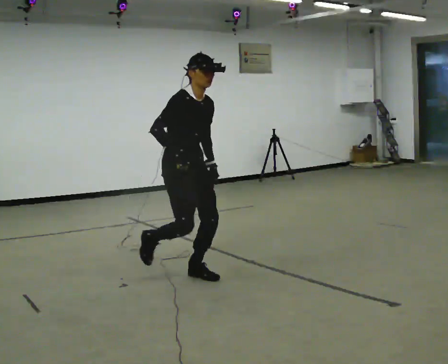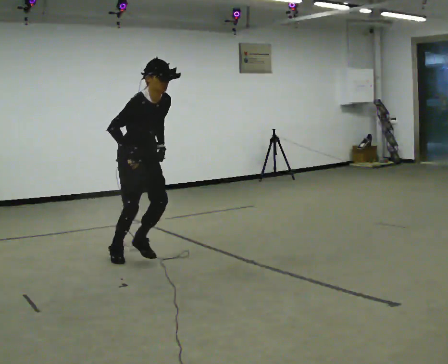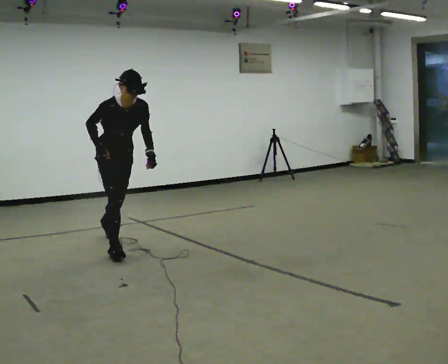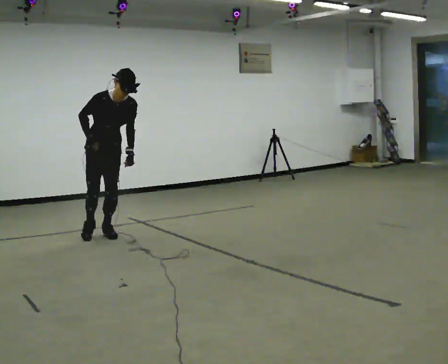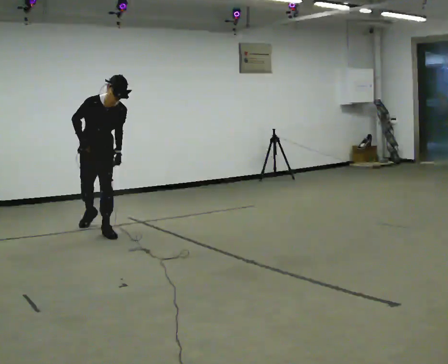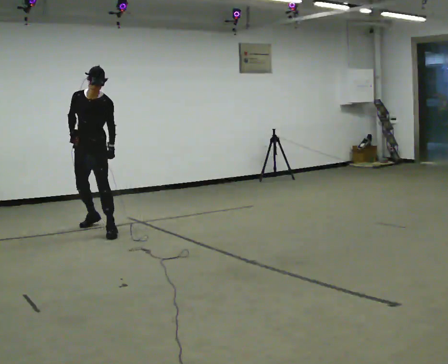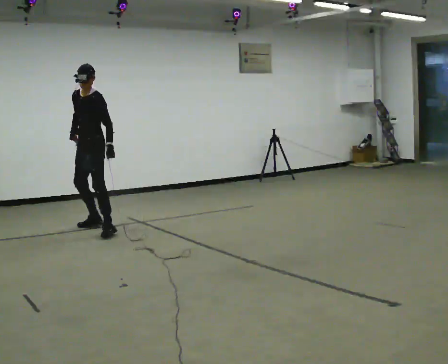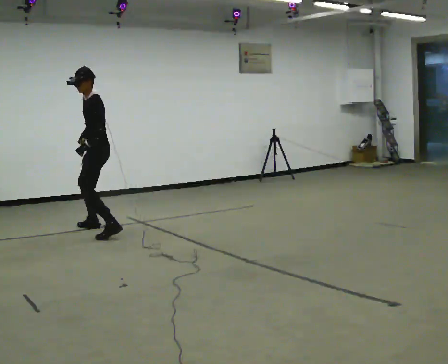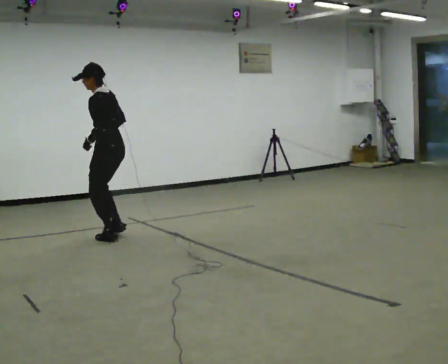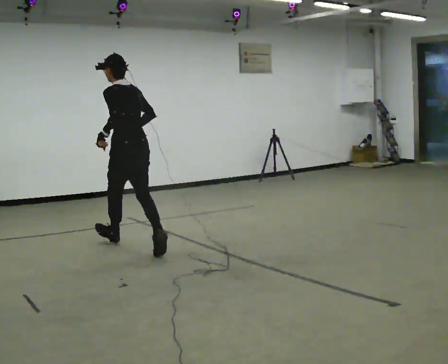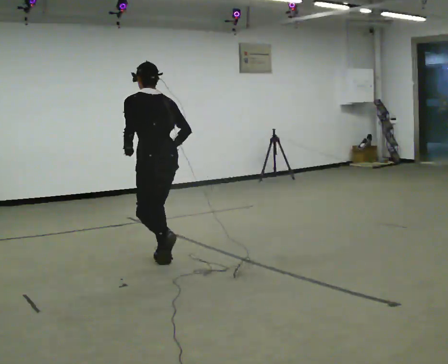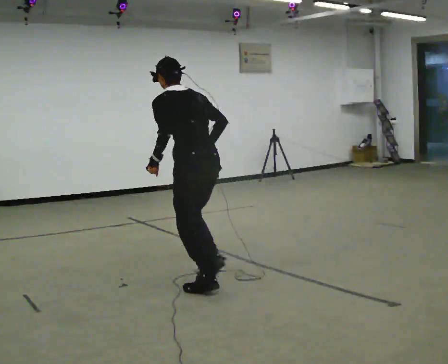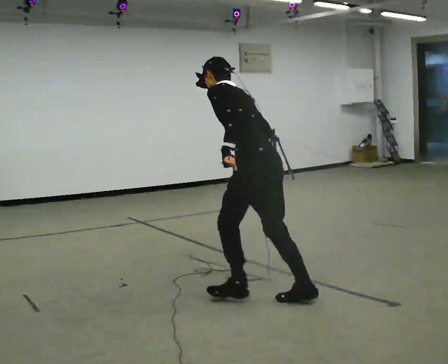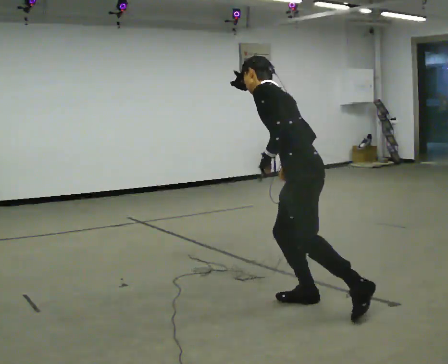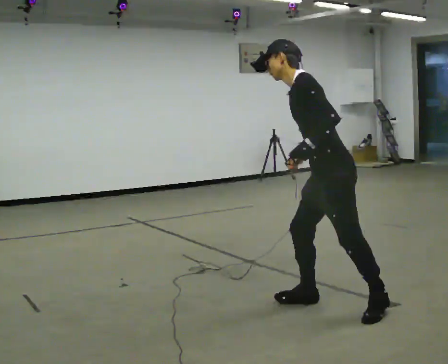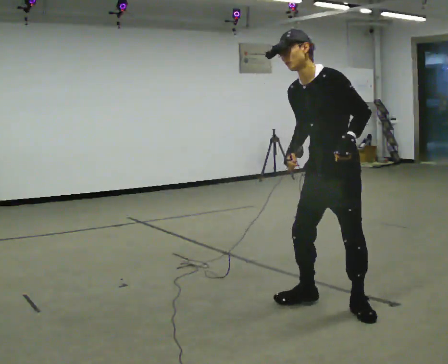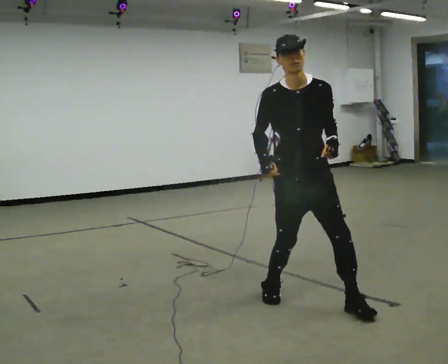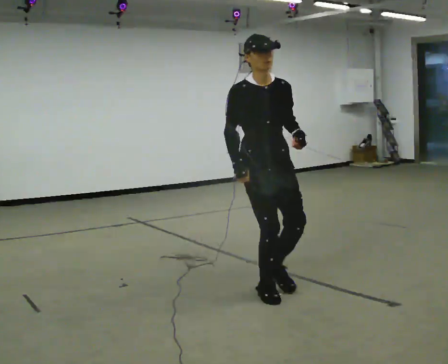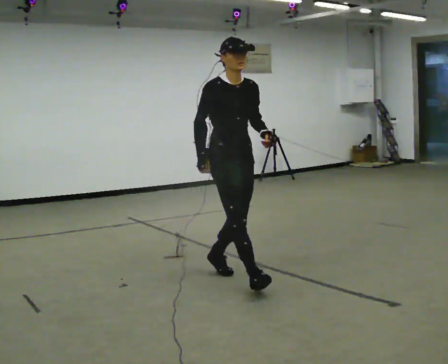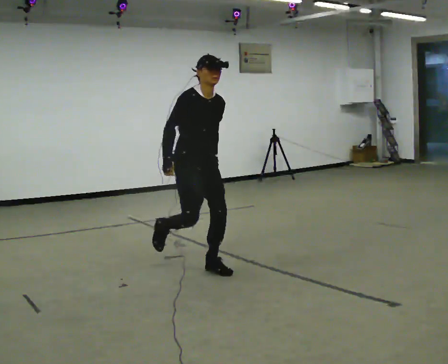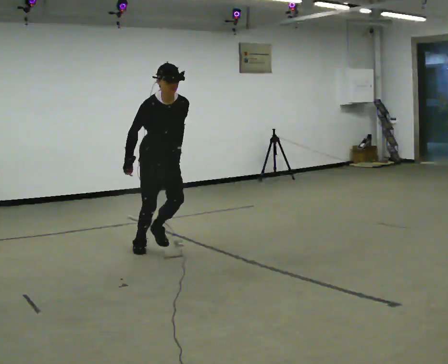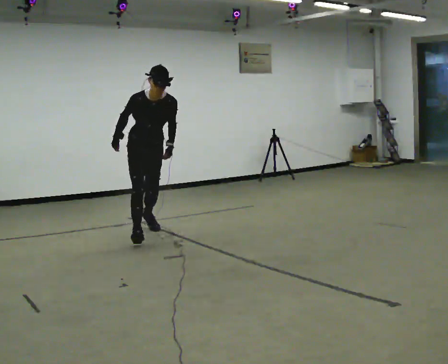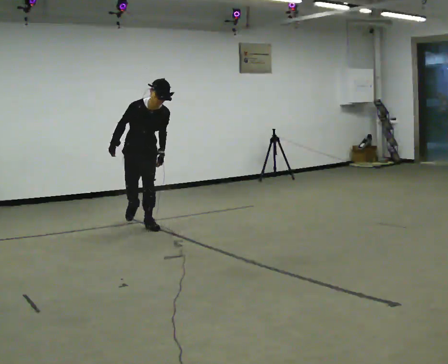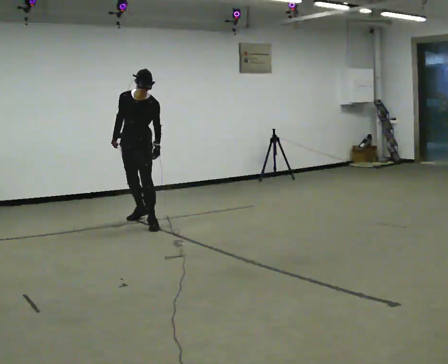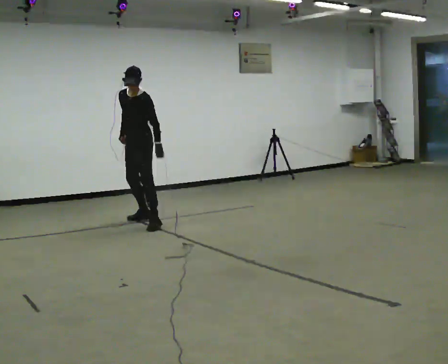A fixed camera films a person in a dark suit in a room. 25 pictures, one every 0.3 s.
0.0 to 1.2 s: Seen from above the body turns clockwise, about 30 degrees: to their right, with its near side sliding to the left. In the picture they go away from the camera and to the left, about 1.5 m in 2 steps, which for them is backward. The upper body tips toward the camera, its near side rolling downward, as they bend forward.
1.2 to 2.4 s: The part of the body nearest the lens slides to the left as the person turns to their right by about 120 degrees. In the picture they go to the right and toward the camera, about 0.25 m in 3 steps. In the picture the upper body tilts counterclockwise, shoulders to the left, as they lean back or straighten.
2.4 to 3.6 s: In the picture they go toward the camera and to the right, about 2 m in 3 steps, which for them is backward. The upper body tips away from the camera, its near side rolling upward, as they bend forward.
3.6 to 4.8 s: The person turns about 120 degrees to their left, counterclockwise seen from above, so the part of the body nearest the lens slides to the right. In the picture they go to the right, about 0.25 m in 2 steps. The upper body tips toward the camera, its near side rolling downward, as they lean back or straighten.
4.8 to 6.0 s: The part of the body nearest the lens slides to the right as the person turns to their left by about 45 degrees. In the picture they go away from the camera and to the left, about 1.5 m in 3 steps, which for them is backward. In the picture the upper body tilts clockwise, shoulders to the right.
6.0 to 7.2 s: The person turns about 60 degrees to their right, clockwise seen from above, so the part of the body nearest the lens slides to the left. In the picture they go away from the camera, about 1.5 m in 1 step.
The film runs backward here.
